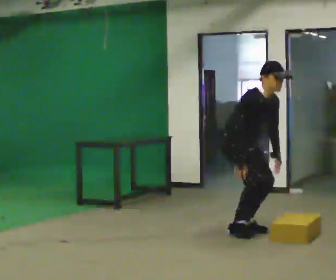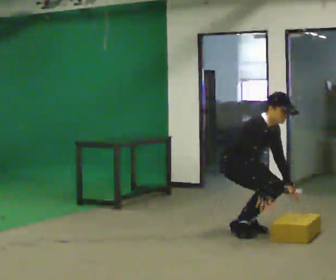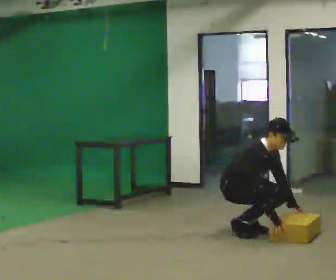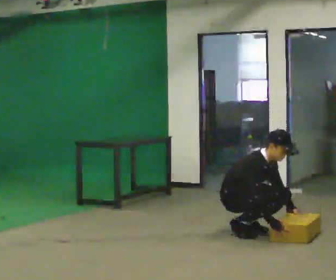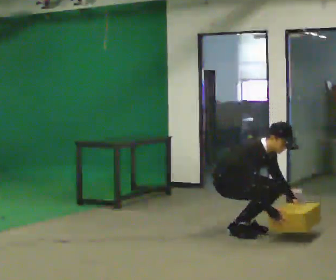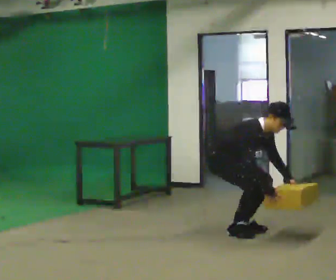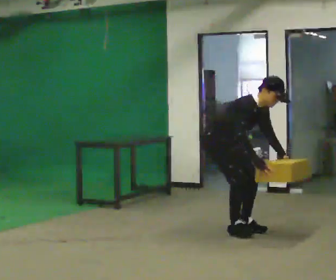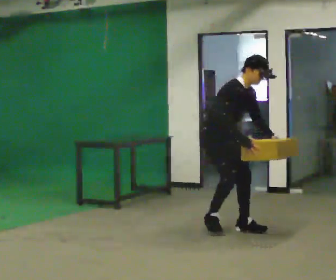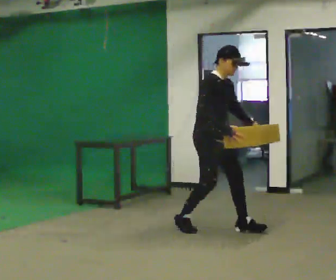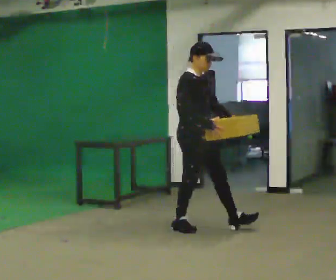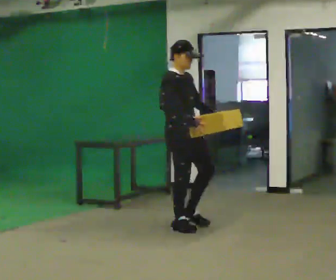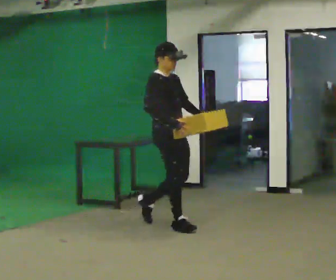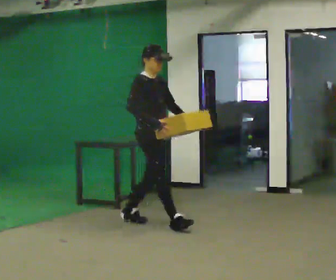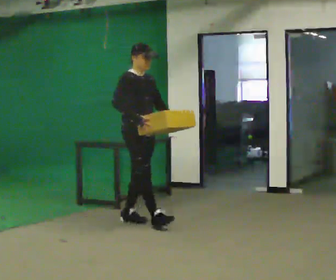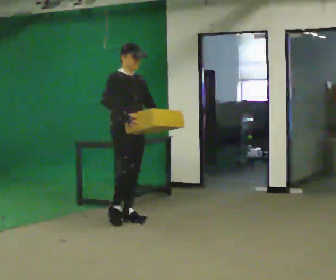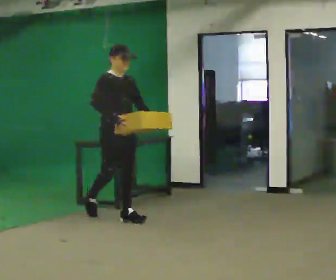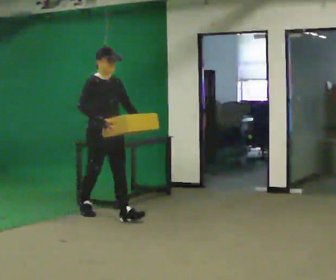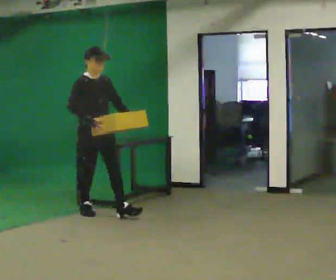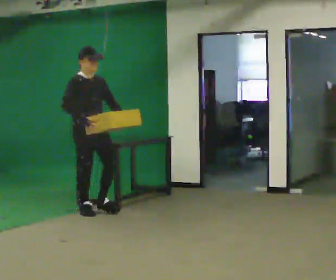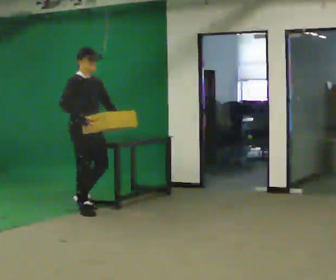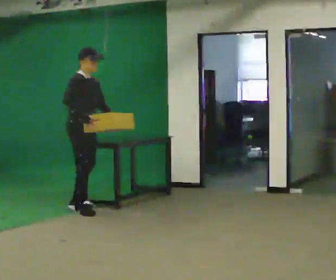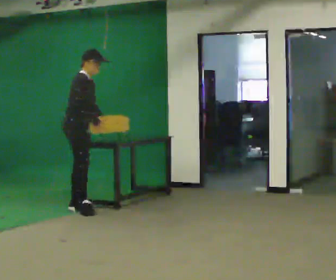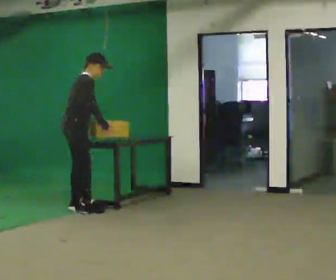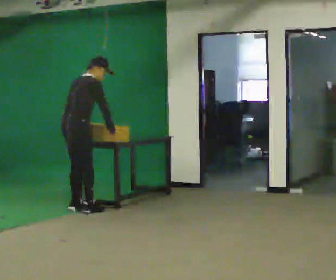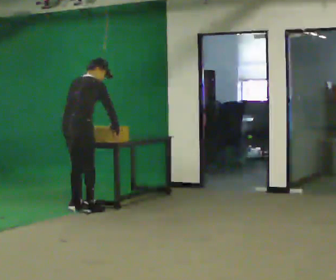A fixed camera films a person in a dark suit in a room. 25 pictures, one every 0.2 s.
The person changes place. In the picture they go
to the left.
0.0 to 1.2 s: In the picture they go to the left, about 0.25 m, which for them is backward.
1.2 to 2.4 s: In the picture they go to the left and away from the camera, about 0.75 m in 2 steps, which for them is backward. The upper body goes upward. In the picture the upper body tilts counterclockwise, shoulders to the left, as they lean back or straighten. In the picture their left hand goes upward.
2.4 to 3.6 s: In the picture they go to the left and away from the camera, about 1 m in 2 steps, which for them is backward.
3.6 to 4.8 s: The person turns about 90 degrees to their left, counterclockwise seen from above, so the part of the body nearest the lens slides to the right. In the picture they go away from the camera, about 0.25 m. The upper body tips away from the camera, its near side rolling upward, as they bend forward. In the picture their left hand goes to the left, the arm swinging clockwise.
The film runs backward here.
